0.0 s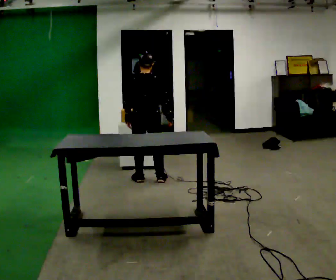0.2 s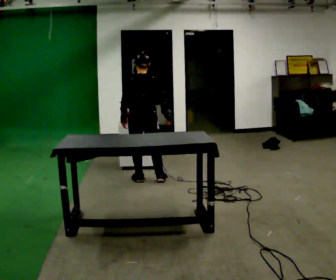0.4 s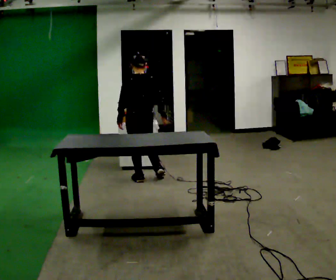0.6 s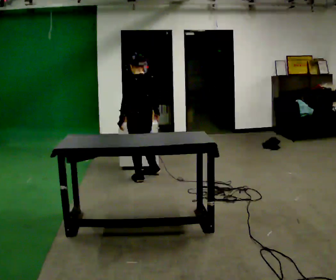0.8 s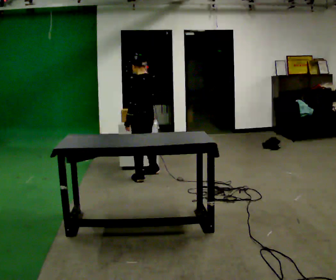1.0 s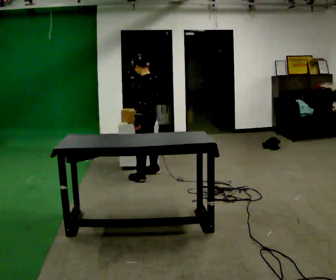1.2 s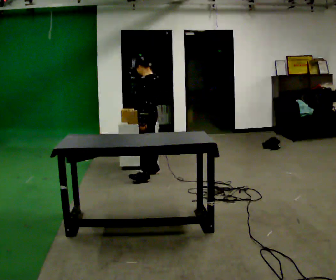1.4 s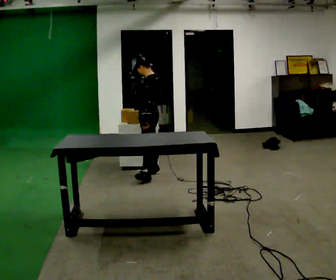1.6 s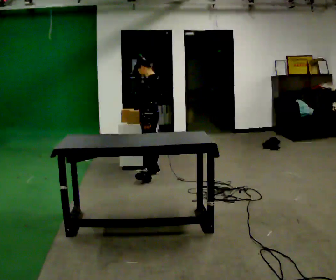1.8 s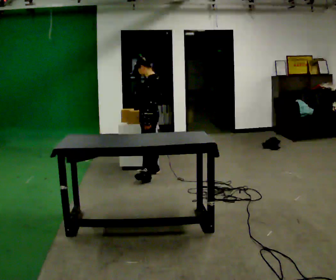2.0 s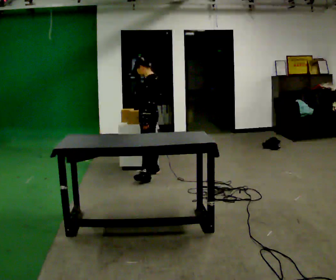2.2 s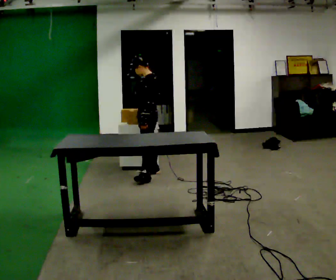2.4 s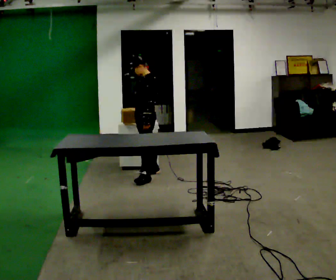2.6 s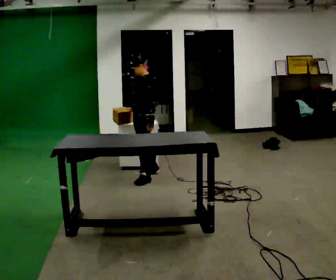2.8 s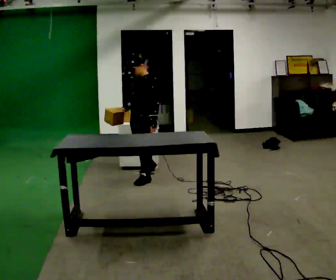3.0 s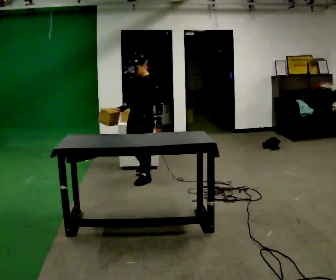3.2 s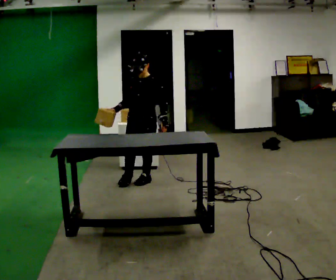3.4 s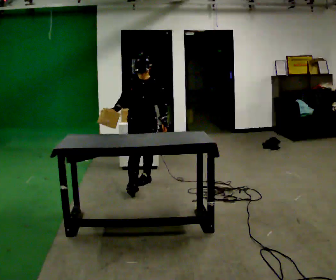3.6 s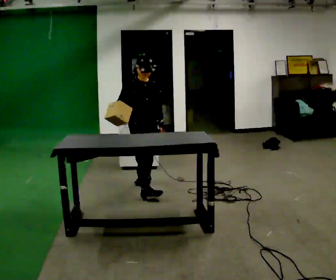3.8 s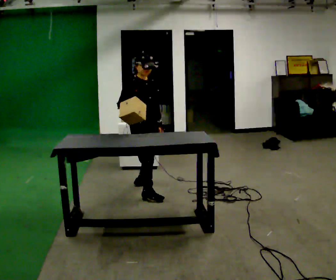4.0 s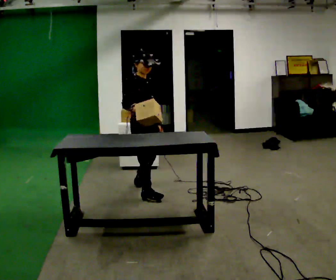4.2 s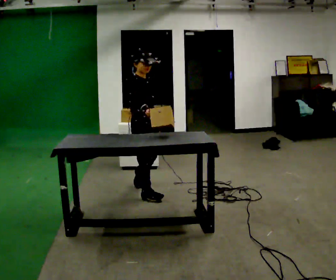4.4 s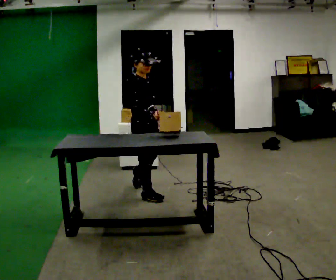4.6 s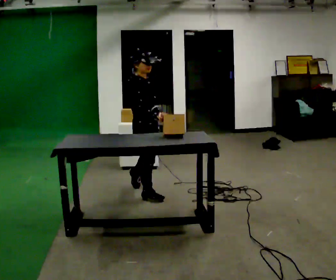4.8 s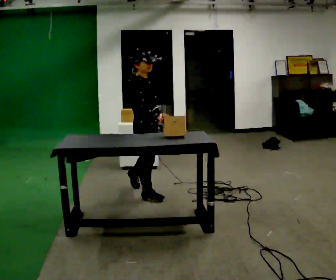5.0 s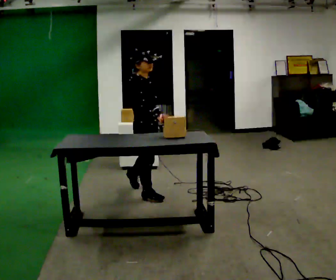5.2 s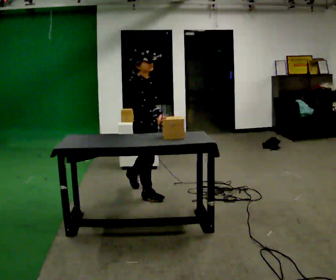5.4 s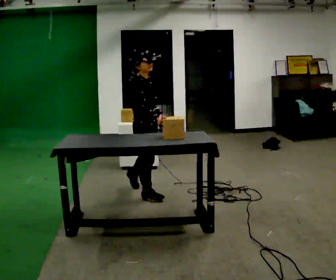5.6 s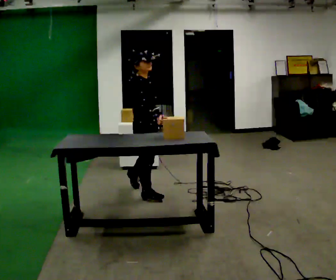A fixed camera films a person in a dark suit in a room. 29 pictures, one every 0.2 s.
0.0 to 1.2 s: Seen from above the body turns counterclockwise, about 90 degrees: to their left, with its near side sliding to the right. In the picture they go away from the camera, about 0.25 m in 1 step.
1.2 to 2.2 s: The person moves a little, or ends about where they began.
2.2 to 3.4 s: Seen from above the body turns counterclockwise, about 105 degrees: to their left, with its near side sliding to the right. In the picture they go toward the camera, about 0.5 m.
3.4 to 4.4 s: The part of the body nearest the lens slides to the right as the person turns to their left by about 60 degrees. In the picture they go toward the camera, about 0.5 m in 2 steps, which for them is to their right and forward.
4.4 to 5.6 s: The person moves a little, or ends about where they began.
The film runs forward here.
